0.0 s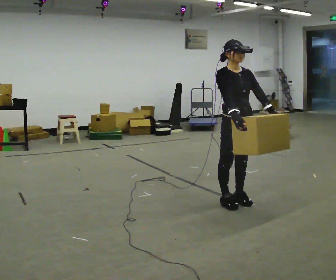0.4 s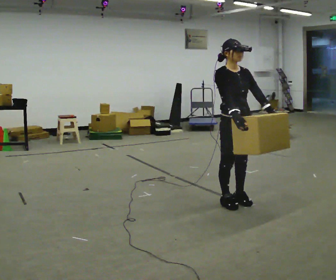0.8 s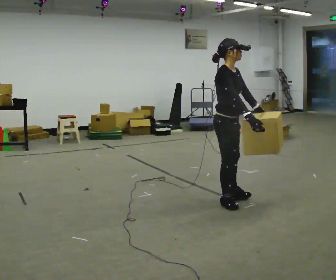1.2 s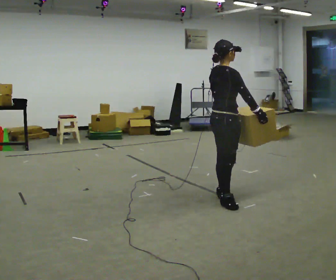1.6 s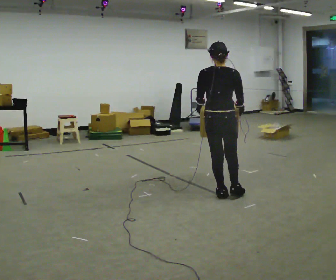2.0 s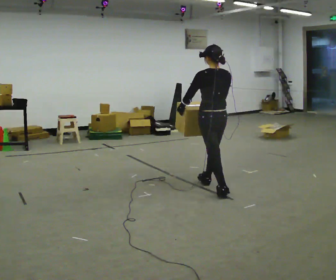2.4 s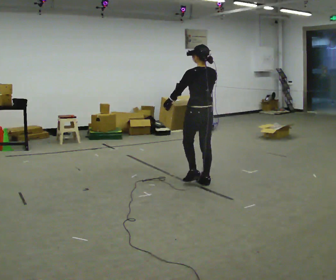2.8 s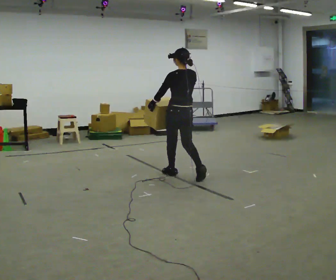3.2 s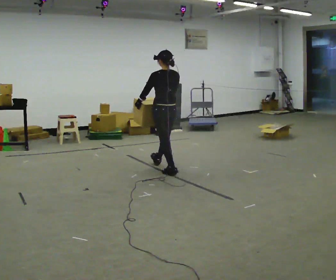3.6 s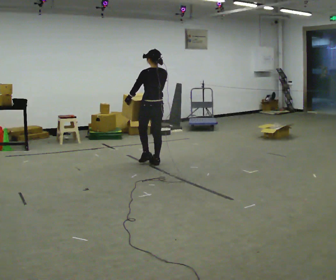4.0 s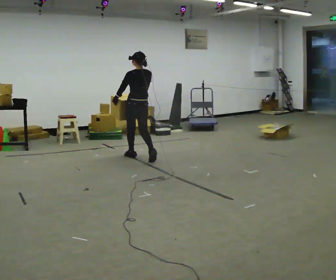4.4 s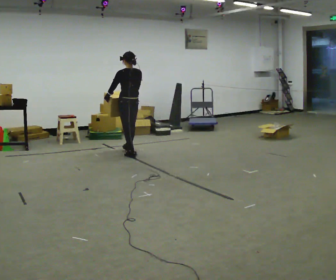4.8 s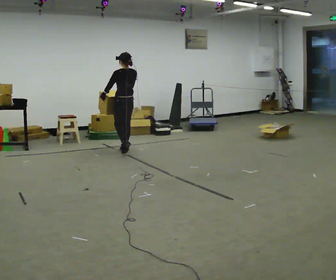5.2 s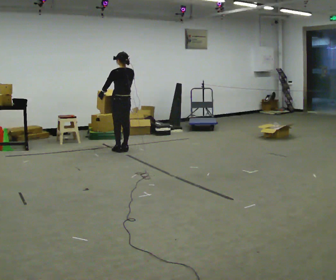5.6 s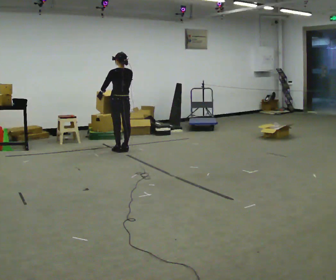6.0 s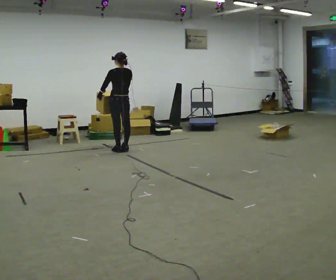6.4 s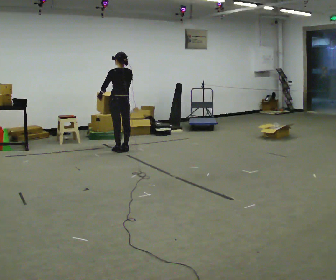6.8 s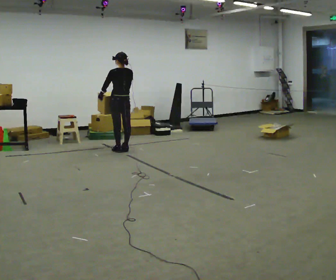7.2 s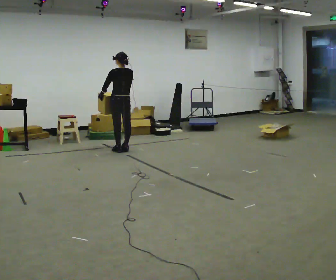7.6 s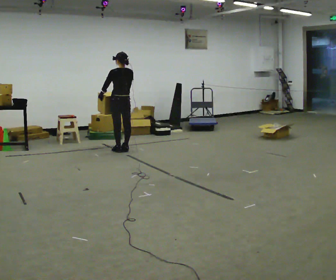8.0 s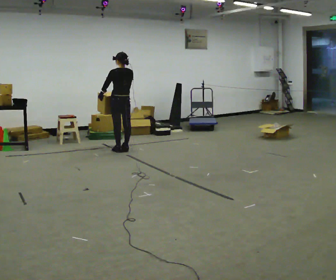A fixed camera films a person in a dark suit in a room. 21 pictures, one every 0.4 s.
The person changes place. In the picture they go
away from the camera.
Their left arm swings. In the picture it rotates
clockwise.
0.0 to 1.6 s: The part of the body nearest the lens slides to the right as the person turns to their left by about 165 degrees. In the picture they go away from the camera, about 0.25 m in 1 step.
1.6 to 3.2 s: The person turns about 30 degrees to their left, counterclockwise seen from above, so the part of the body nearest the lens slides to the right. In the picture they go away from the camera and to the left, about 1.5 m in 3 steps, which for them is forward.
3.2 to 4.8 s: In the picture they go away from the camera and to the left, about 1 m in 2 steps, which for them is forward.
4.8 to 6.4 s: The person moves a little, or ends about where they began.
6.4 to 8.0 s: The person keeps their place and pose.
The film runs forward here.
